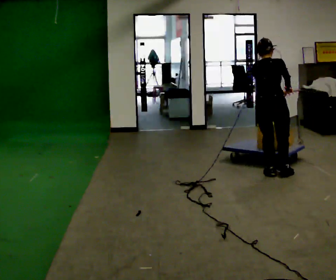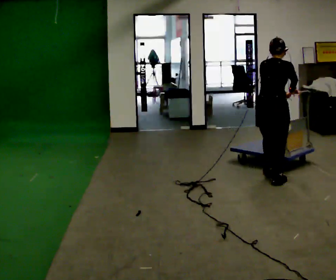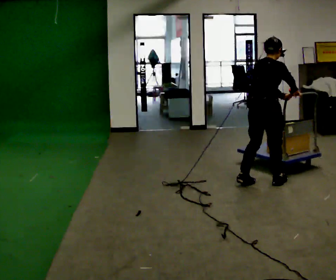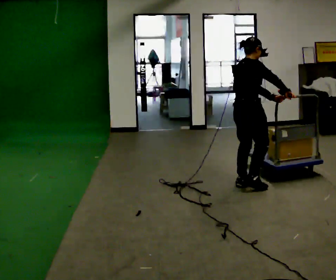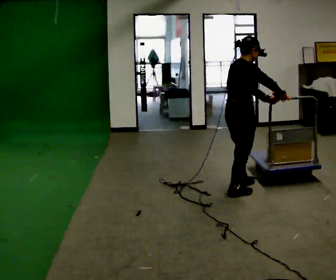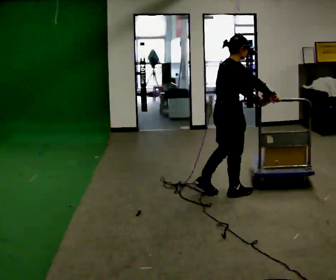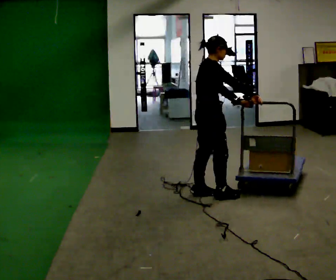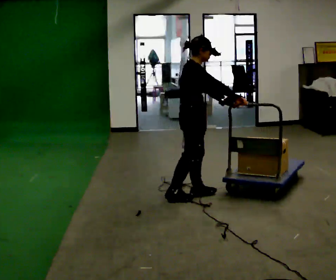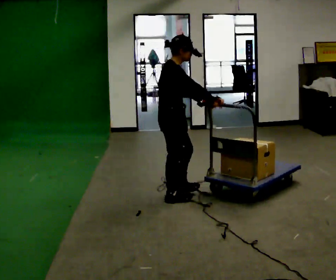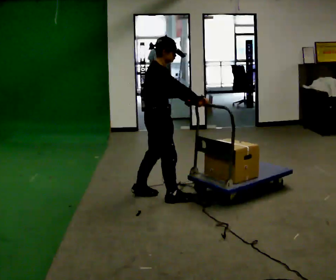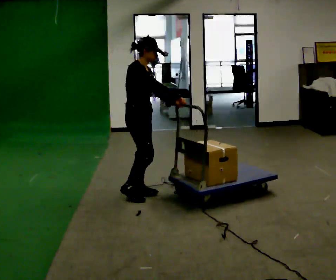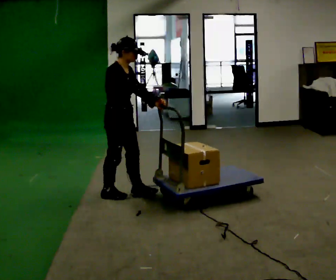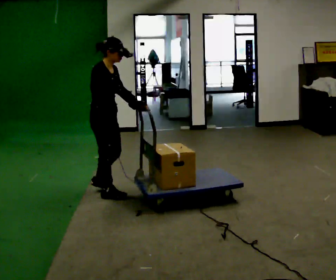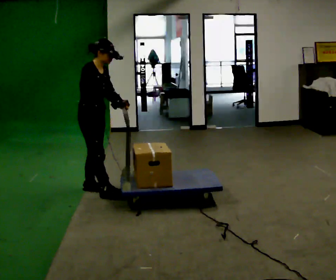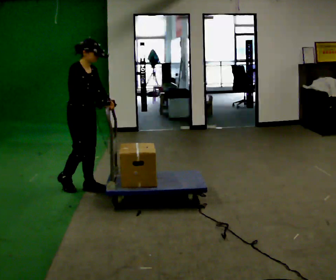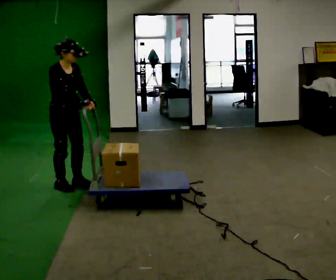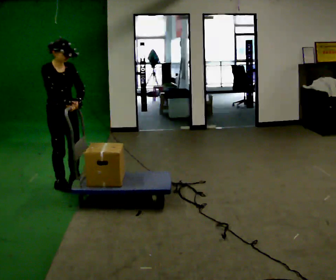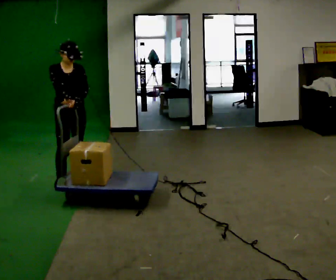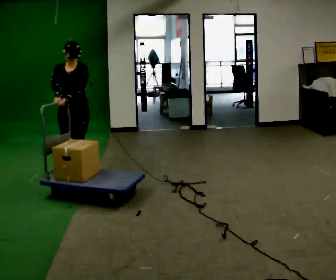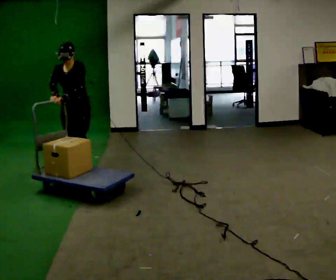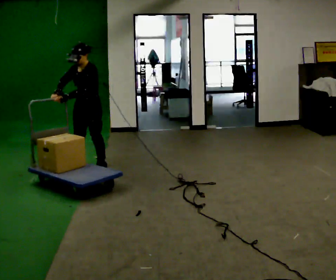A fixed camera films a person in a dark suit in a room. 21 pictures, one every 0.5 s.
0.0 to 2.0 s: Seen from above the body turns clockwise, about 45 degrees: to their right, with its near side sliding to the left. In the picture they go toward the camera and to the left, about 0.5 m in 2 steps, which for them is backward.
2.0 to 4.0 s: In the picture they go to the left, about 0.75 m in 3 steps, which for them is backward.
4.0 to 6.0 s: In the picture they go to the left, about 0.5 m in 2 steps, which for them is backward.
6.0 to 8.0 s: The person turns about 30 degrees to their right, clockwise seen from above, so the part of the body nearest the lens slides to the left. In the picture they go to the left and away from the camera, about 0.5 m in 3 steps, which for them is backward.
8.0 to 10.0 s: The person turns about 90 degrees to their right, clockwise seen from above, so the part of the body nearest the lens slides to the left. In the picture they go away from the camera, about 0.75 m in 2 steps.
The film runs backward here.
